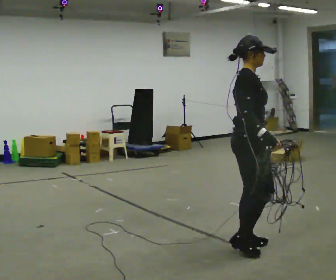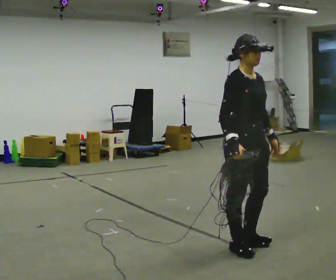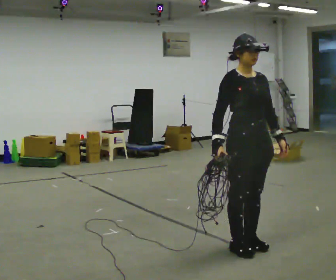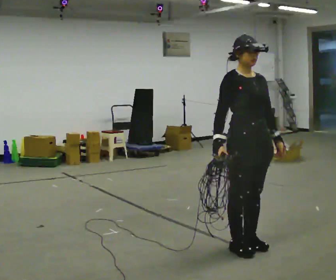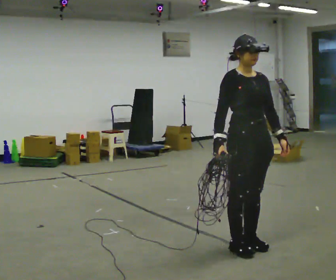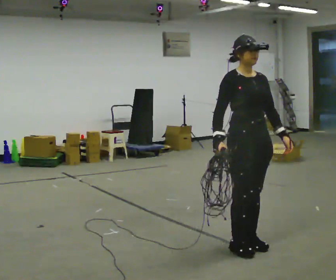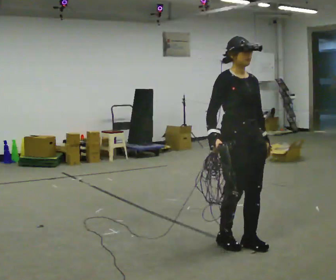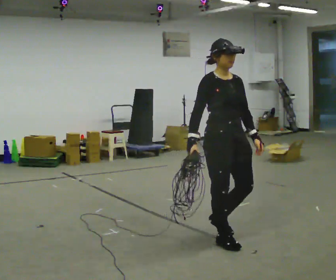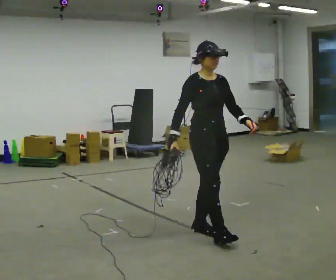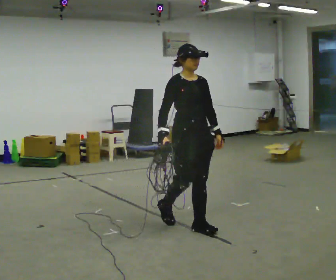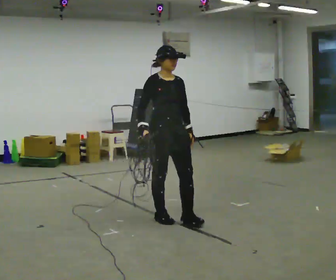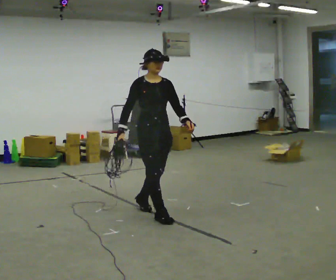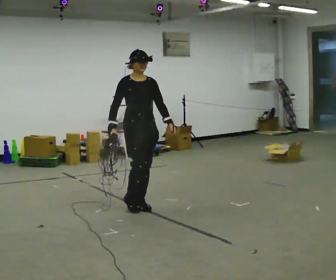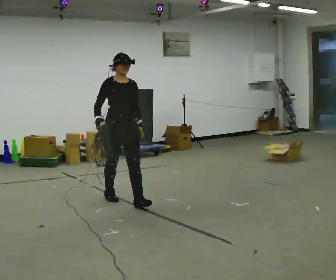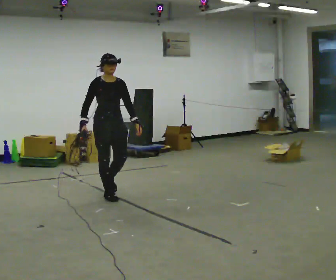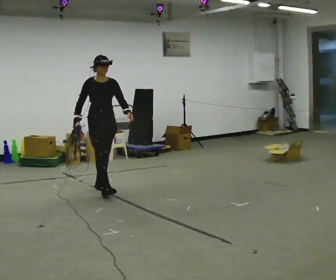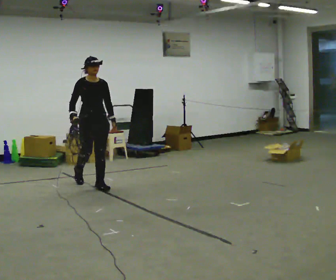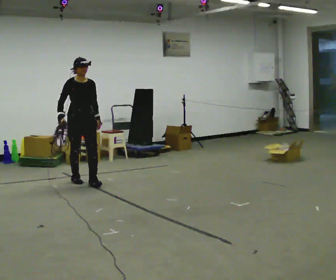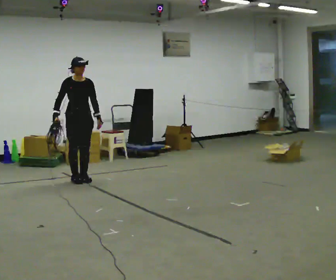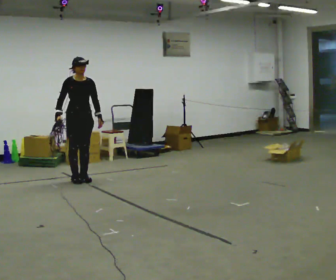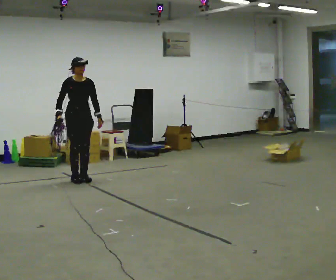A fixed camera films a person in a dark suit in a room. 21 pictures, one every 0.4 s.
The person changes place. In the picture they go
away from the camera.
0.0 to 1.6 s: The part of the body nearest the lens slides to the left as the person turns to their right by about 45 degrees.
1.6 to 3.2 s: In the picture they go away from the camera and to the left, about 0.5 m in 3 steps, which for them is backward.
3.2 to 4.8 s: In the picture they go away from the camera and to the left, about 1 m in 2 steps, which for them is backward.
4.8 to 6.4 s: In the picture they go away from the camera and to the left, about 1 m in 2 steps, which for them is backward.
6.4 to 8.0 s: In the picture they go away from the camera and to the left, about 0.5 m in 1 step, which for them is backward.
The film runs backward here.
